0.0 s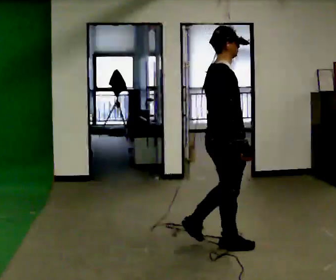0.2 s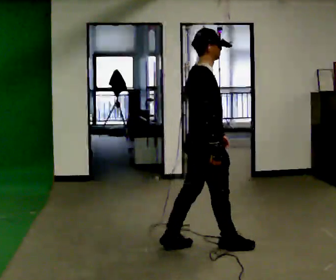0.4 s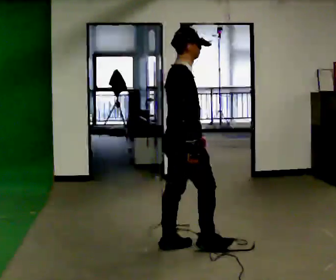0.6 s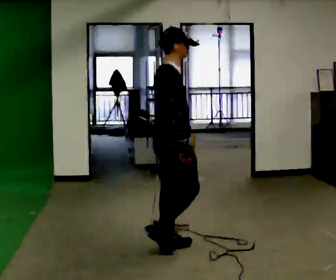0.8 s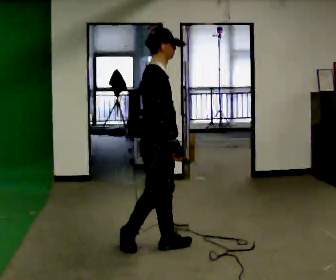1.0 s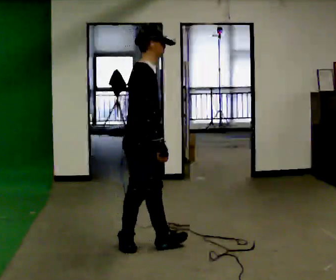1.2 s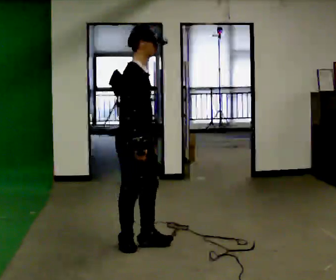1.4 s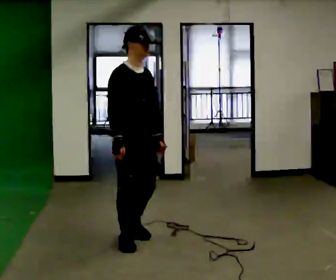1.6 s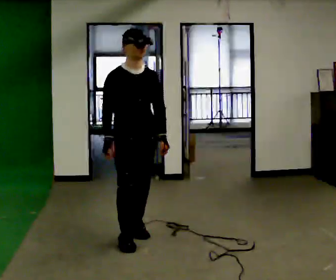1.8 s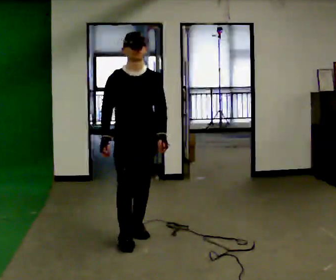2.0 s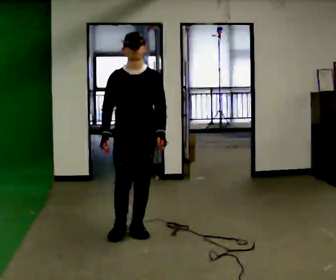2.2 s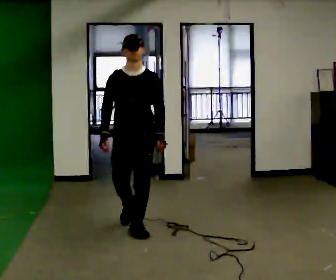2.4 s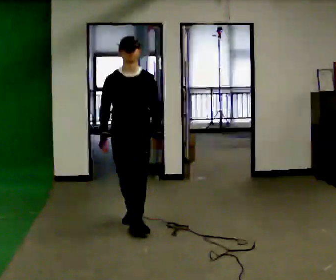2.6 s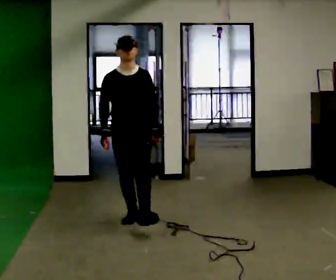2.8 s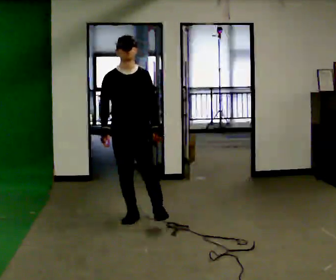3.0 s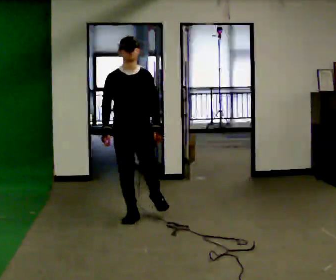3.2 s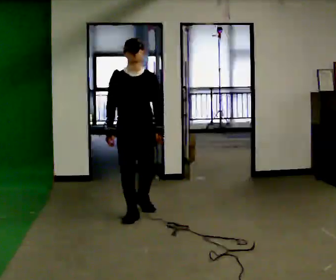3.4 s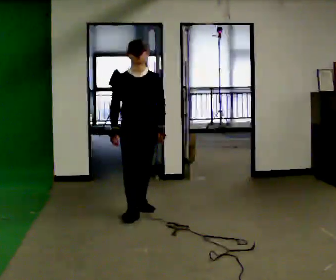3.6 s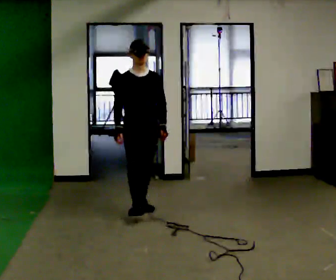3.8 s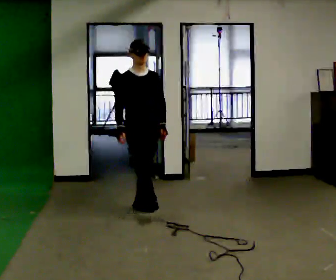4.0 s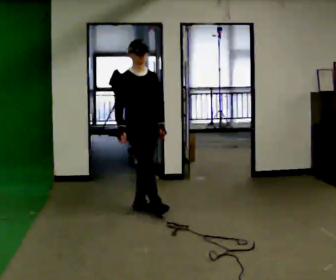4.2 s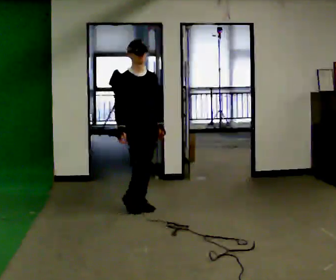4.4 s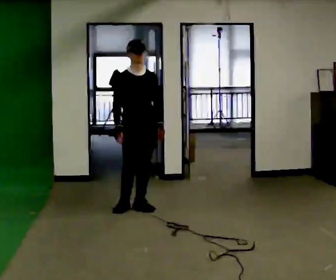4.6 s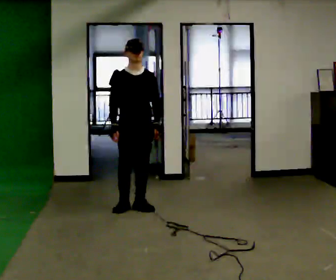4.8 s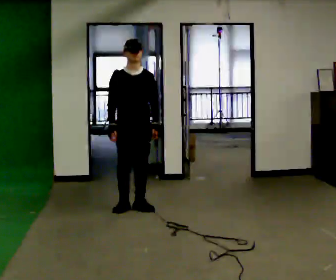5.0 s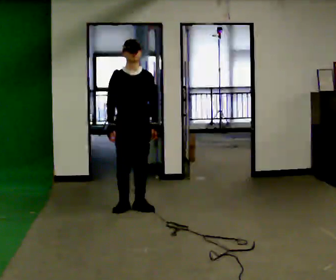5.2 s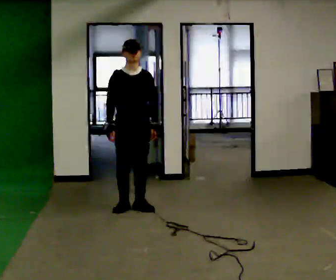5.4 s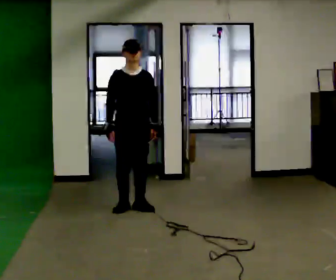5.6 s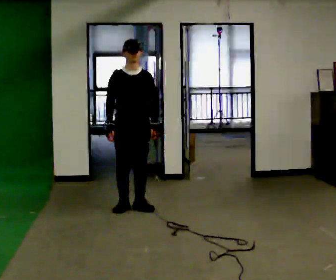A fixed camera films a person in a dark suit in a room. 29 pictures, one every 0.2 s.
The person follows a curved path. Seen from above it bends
clockwise.
The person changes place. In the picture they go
away from the camera.
0.0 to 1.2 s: In the picture they go to the left, about 0.75 m in 2 steps, which for them is backward.
1.2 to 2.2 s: The part of the body nearest the lens slides to the left as the person turns to their right by about 90 degrees. In the picture they go away from the camera, about 0.5 m in 1 step.
2.2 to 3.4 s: In the picture they go away from the camera, about 0.5 m in 1 step, which for them is backward.
3.4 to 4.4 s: In the picture they go away from the camera, about 0.25 m in 1 step, which for them is backward.
4.4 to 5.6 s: The person moves a little, or ends about where they began.
The film runs backward here.
